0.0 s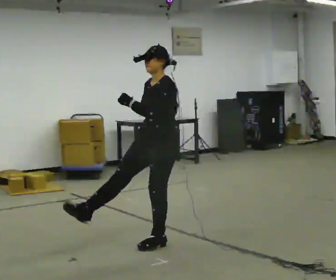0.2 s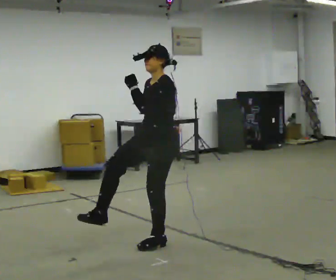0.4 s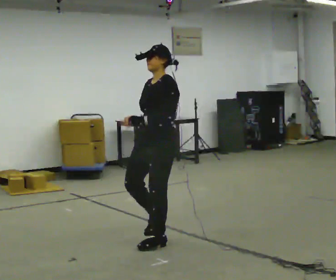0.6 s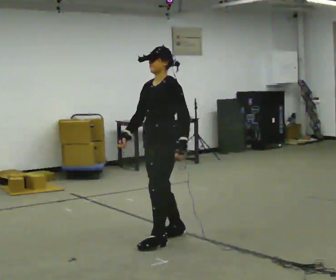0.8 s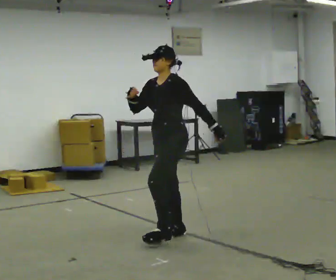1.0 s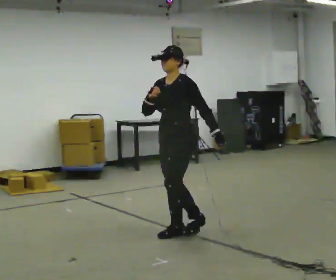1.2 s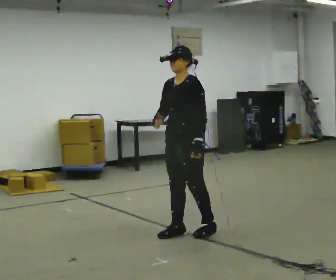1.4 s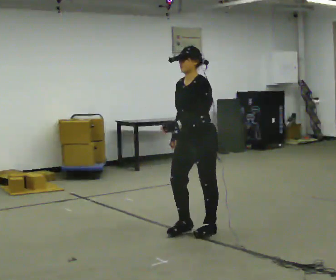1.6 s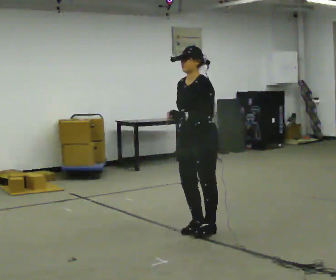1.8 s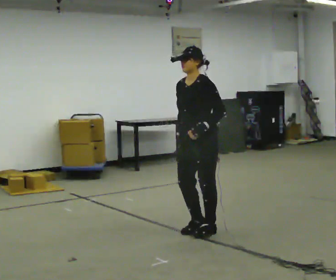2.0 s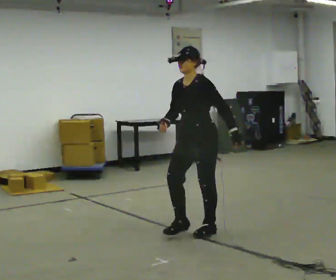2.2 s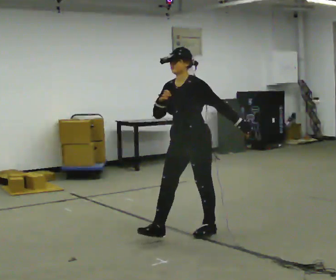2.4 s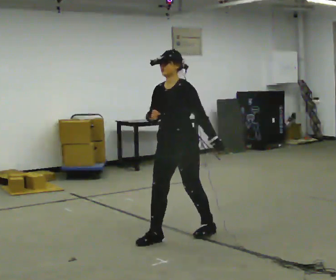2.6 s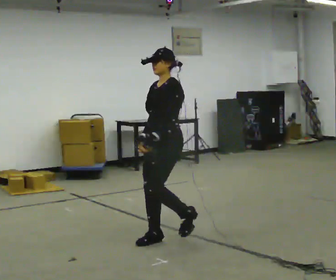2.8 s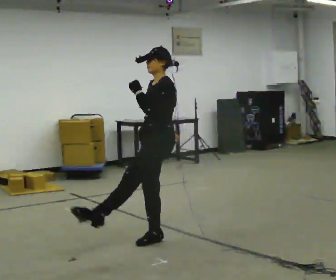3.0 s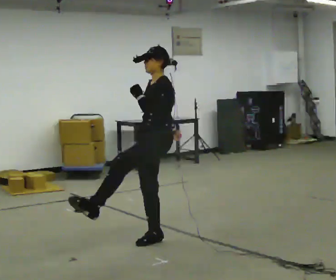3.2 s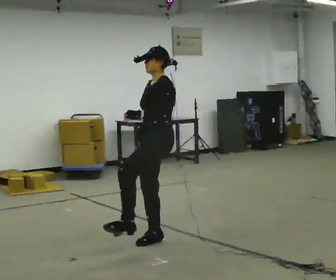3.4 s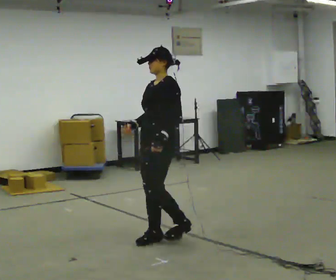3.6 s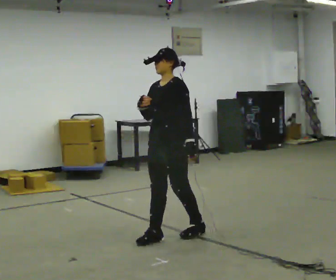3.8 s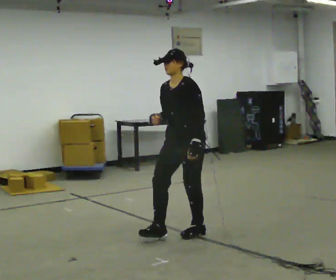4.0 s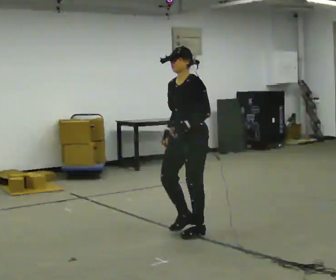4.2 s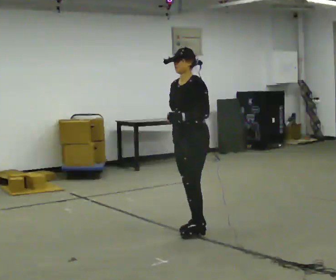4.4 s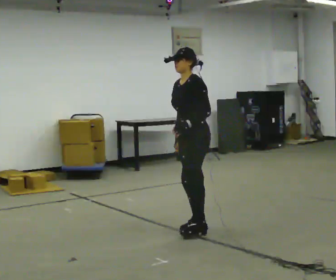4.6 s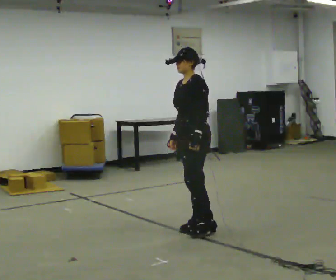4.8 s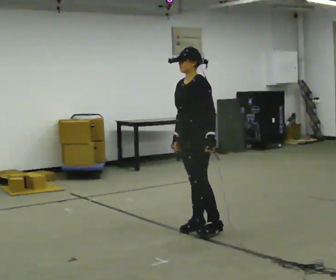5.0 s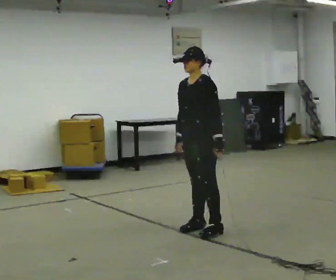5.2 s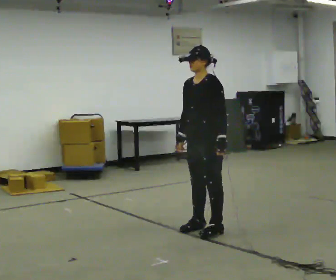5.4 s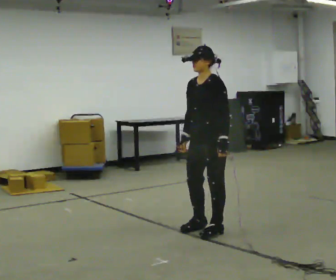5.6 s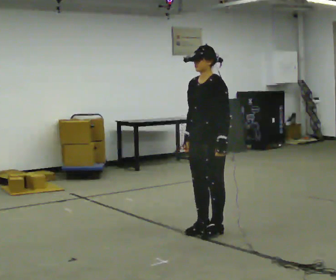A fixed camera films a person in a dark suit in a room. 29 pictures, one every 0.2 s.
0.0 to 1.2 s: In the picture they go to the right and away from the camera, about 0.25 m in 1 step, which for them is backward. In the picture their left hand goes downward.
1.2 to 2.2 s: In the picture their left hand goes to the right.
2.2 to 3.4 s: In the picture they go to the left, about 0.25 m, which for them is forward. In the picture their left hand goes to the left.
3.4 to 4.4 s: In the picture they go to the right and away from the camera, about 0.5 m in 1 step, which for them is backward.
4.4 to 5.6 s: The person moves a little, or ends about where they began.
The film runs forward here.
